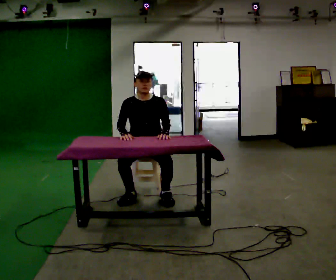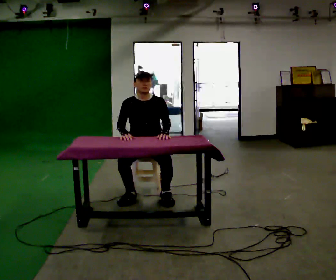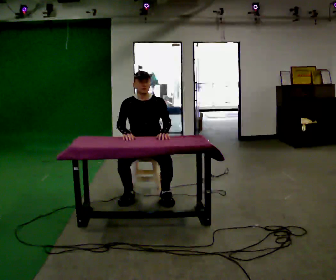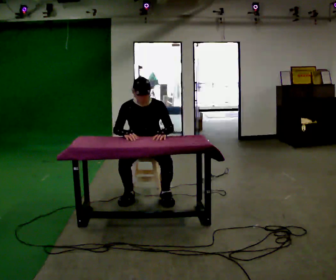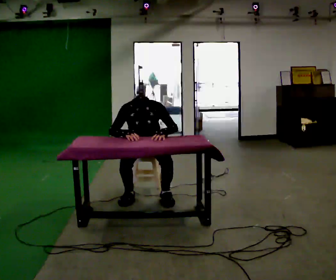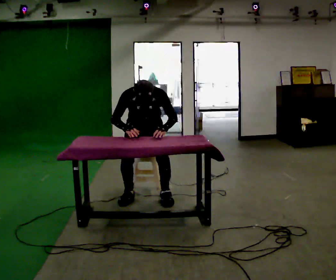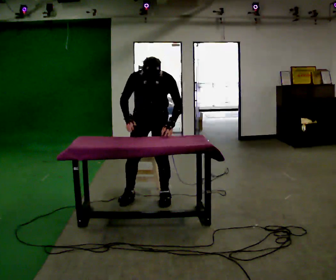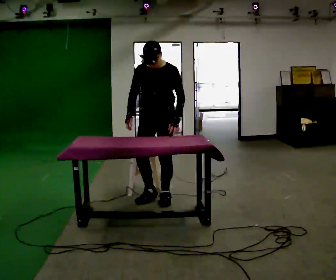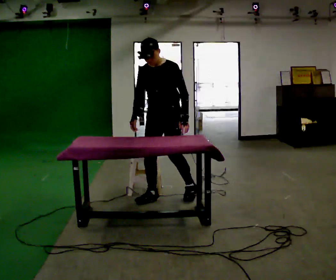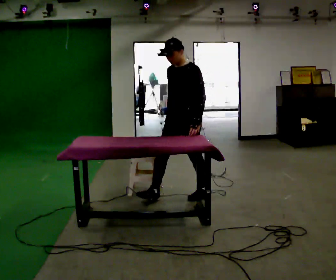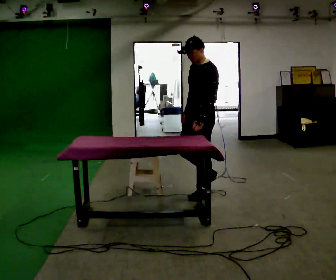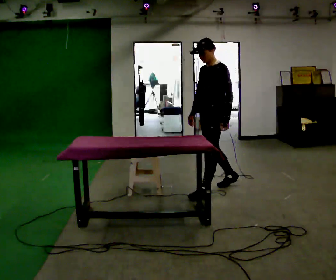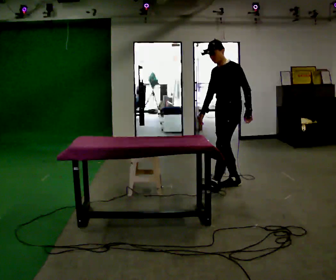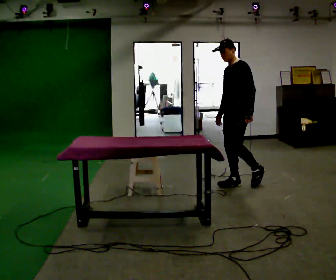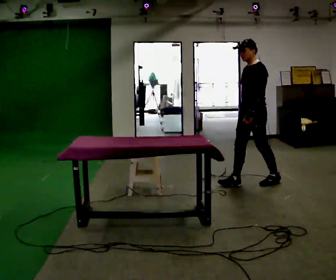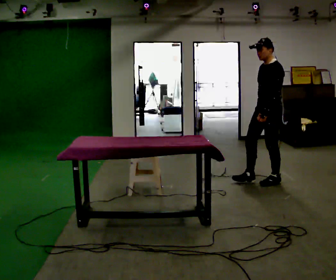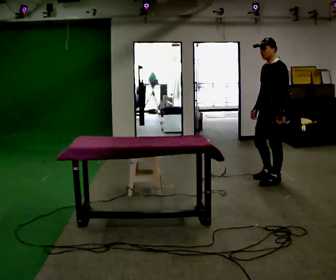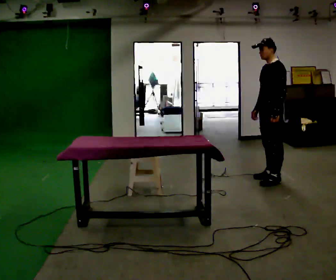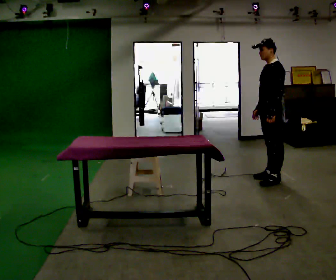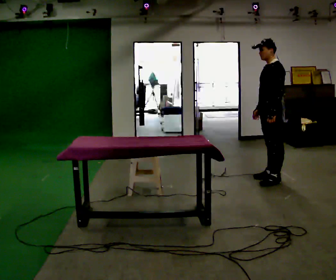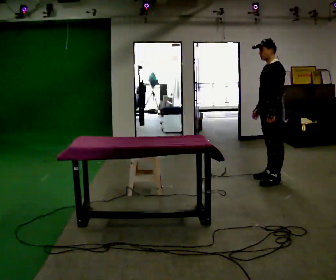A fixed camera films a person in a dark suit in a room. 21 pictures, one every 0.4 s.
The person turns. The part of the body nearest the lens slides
to the left.
The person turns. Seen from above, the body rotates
clockwise.
0.0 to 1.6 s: The upper body tips toward the camera, its near side rolling downward, as they bend forward.
1.6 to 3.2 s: The person turns about 30 degrees to their right, clockwise seen from above, so the part of the body nearest the lens slides to the left. In the picture they go to the right, about 0.25 m in 2 steps, which for them is to their left and forward. The shoulders move upward. The upper body tips away from the camera, its near side rolling upward, as they lean back or straighten.
3.2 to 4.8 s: The person turns about 45 degrees to their right, clockwise seen from above, so the part of the body nearest the lens slides to the left. In the picture they go to the right and away from the camera, about 1 m in 2 steps, which for them is backward.
4.8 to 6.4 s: In the picture they go to the right, about 0.5 m in 1 step, which for them is backward.
6.4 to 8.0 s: The person moves a little, or ends about where they began.
The film runs backward here.
